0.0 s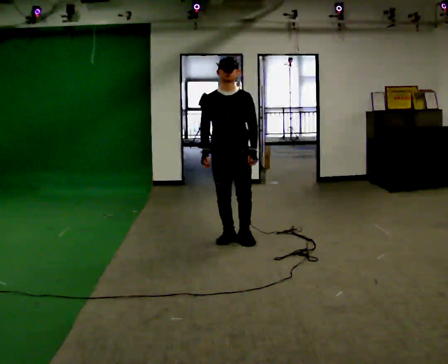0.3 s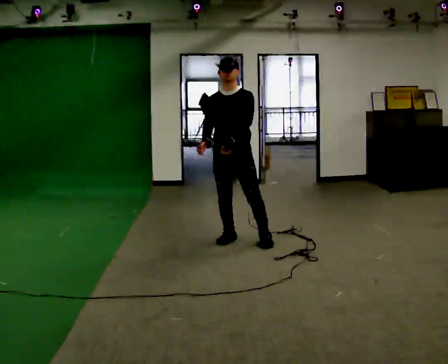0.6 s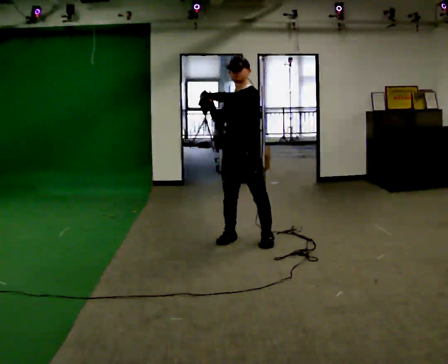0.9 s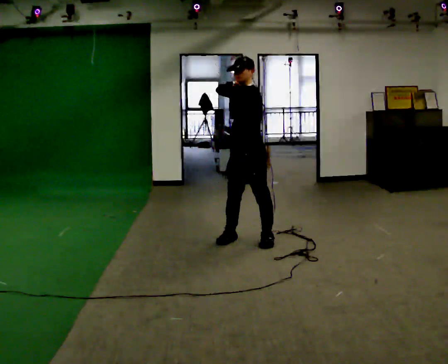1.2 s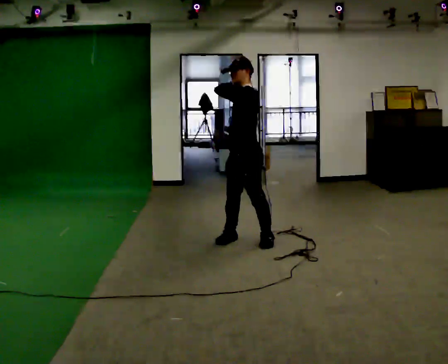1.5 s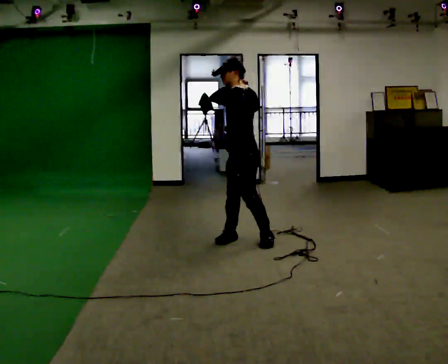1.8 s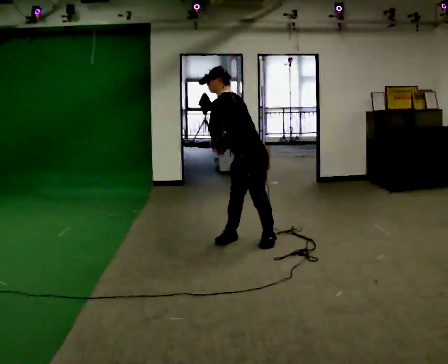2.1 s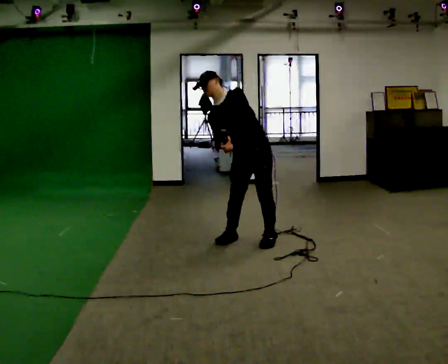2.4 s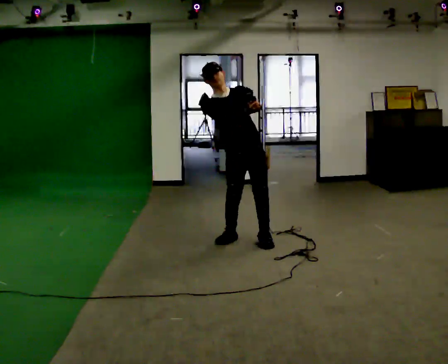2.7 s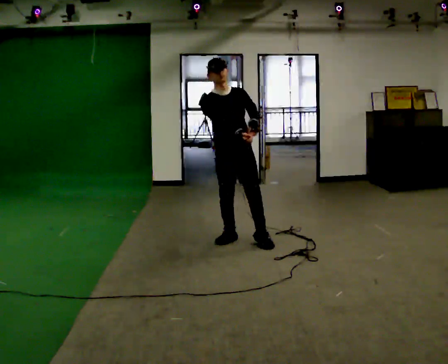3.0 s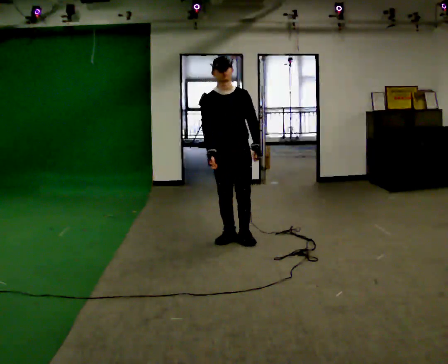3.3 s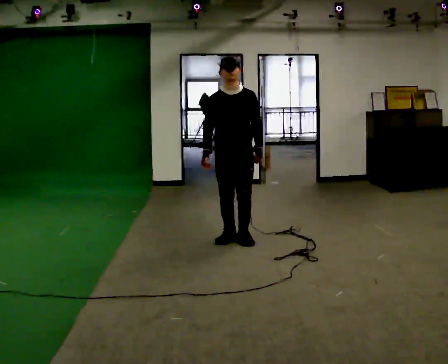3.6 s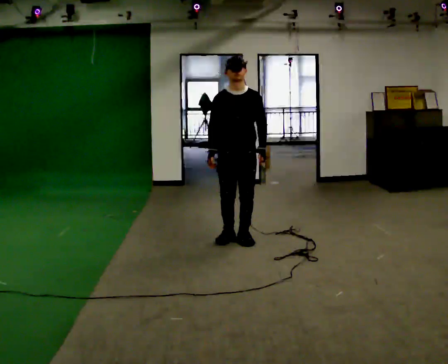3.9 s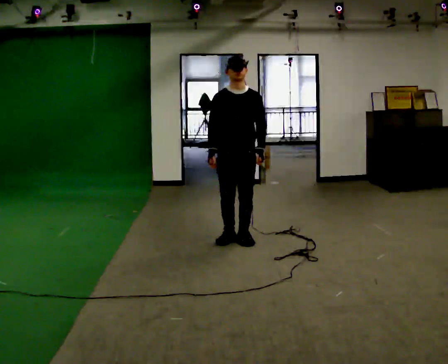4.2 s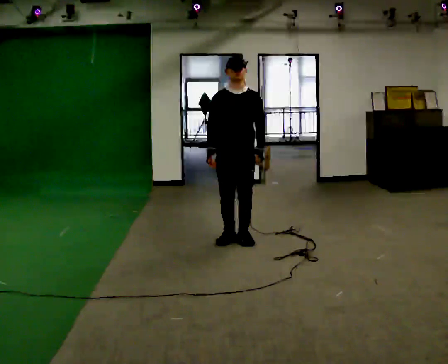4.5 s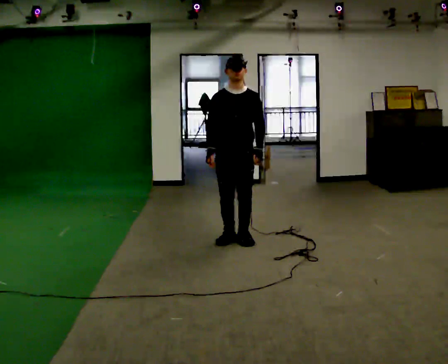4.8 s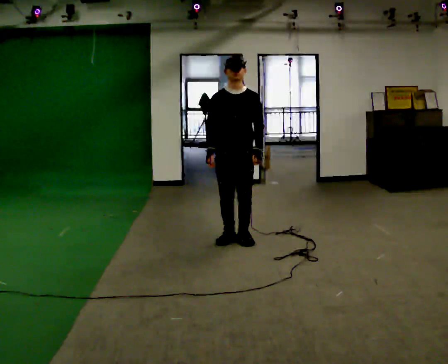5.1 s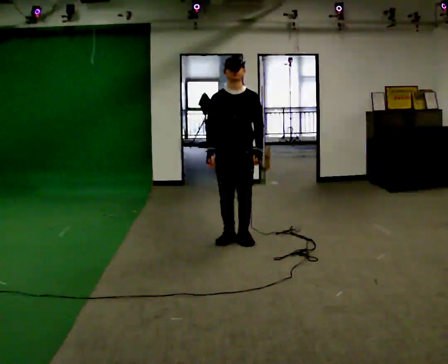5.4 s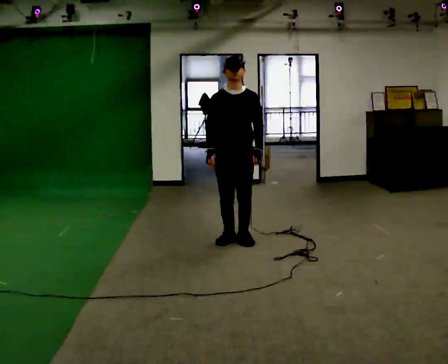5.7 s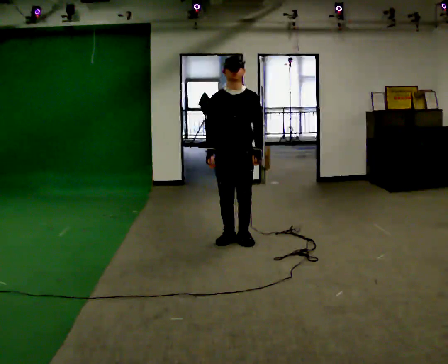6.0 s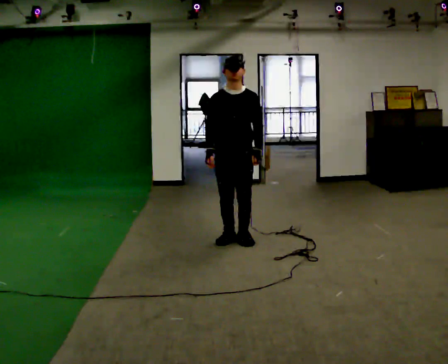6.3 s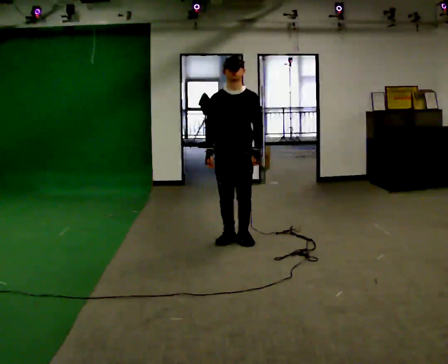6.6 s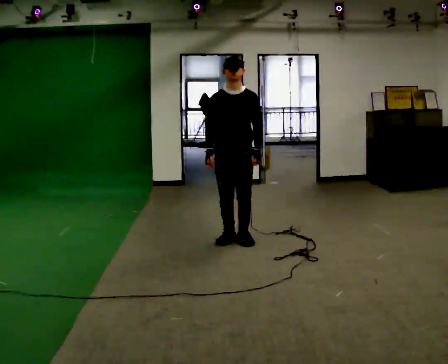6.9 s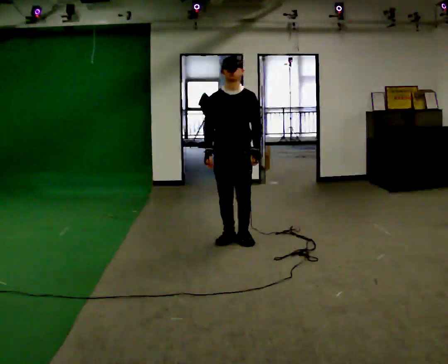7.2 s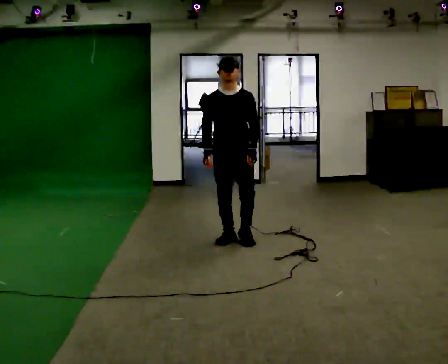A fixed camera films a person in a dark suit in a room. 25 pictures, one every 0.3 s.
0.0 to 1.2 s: The person turns about 75 degrees to their right, clockwise seen from above, so the part of the body nearest the lens slides to the left. In the picture their left hand goes upward.
1.2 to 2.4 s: The person turns about 90 degrees to their left, counterclockwise seen from above, so the part of the body nearest the lens slides to the right.
2.4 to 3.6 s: In the picture the upper body tilts clockwise, shoulders to the right. In the picture their right hand goes downward and to the left.
3.6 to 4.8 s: The person moves a little, or ends about where they began.
4.8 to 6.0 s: The person keeps their place and pose.
6.0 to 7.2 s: The person moves a little, or ends about where they began.
The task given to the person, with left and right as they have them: Mime a golf swing with no club: set your stance, swing back, swing through and follow through. Repeat the movement at your own pace until the operator says stop; do not rush.
The film runs forward here.
